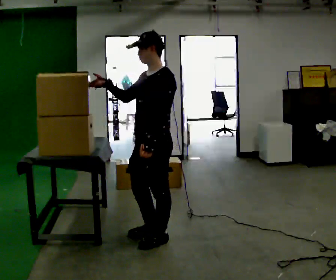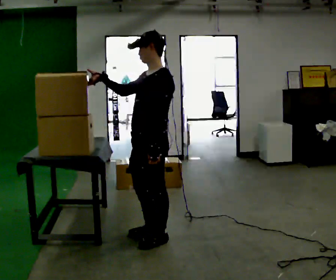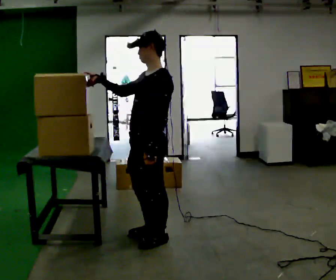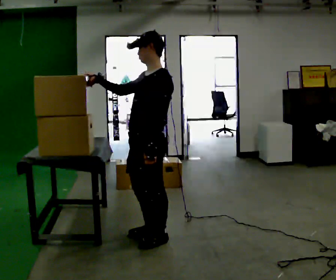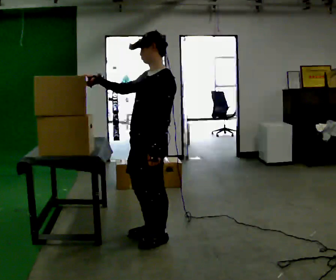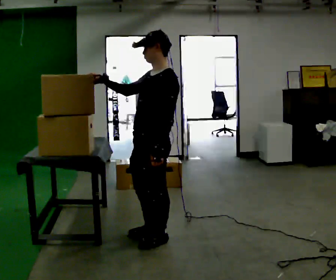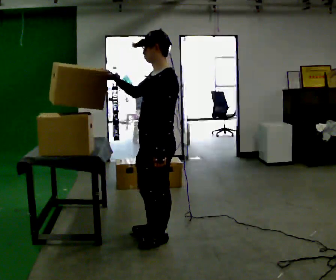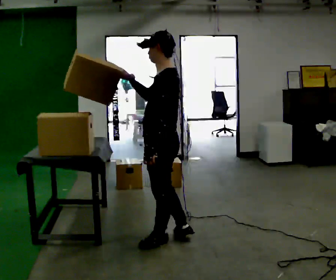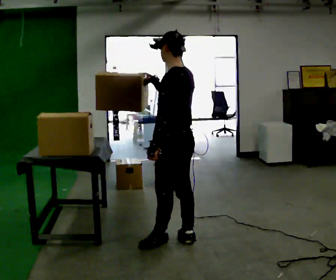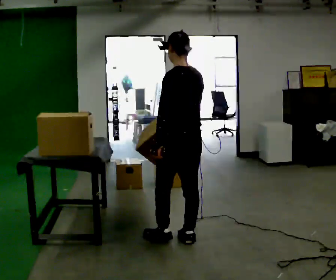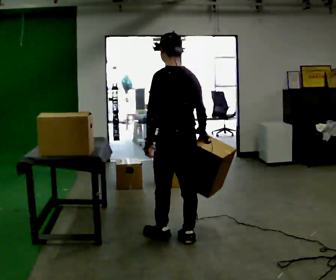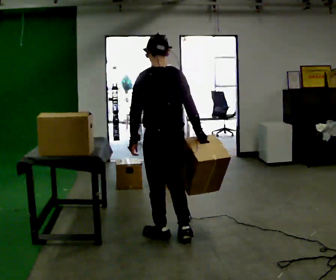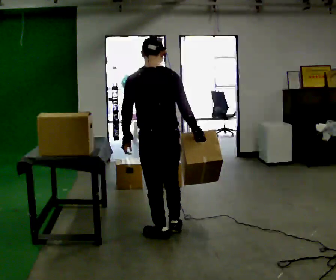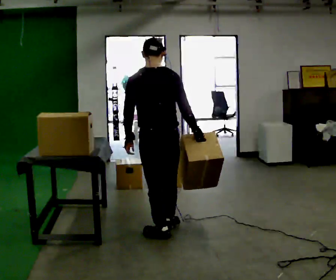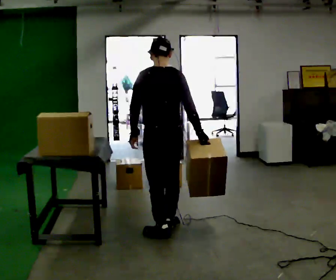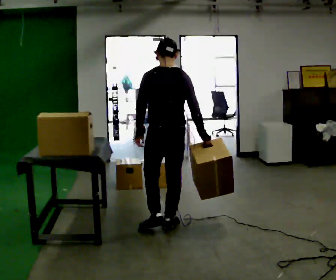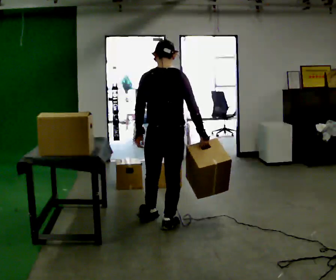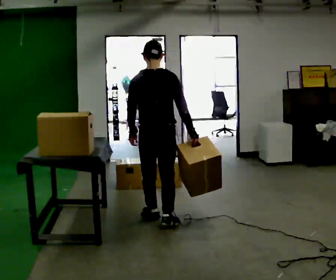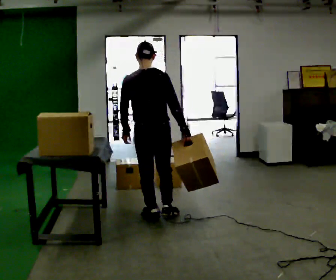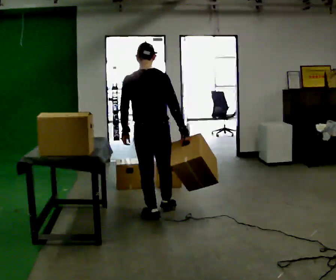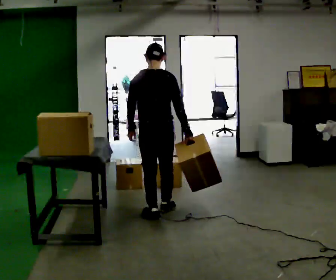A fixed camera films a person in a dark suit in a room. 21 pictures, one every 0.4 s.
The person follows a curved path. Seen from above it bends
counterclockwise.
The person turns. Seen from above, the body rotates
clockwise.
0.0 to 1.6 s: The person moves a little, or ends about where they began.
1.6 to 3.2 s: Seen from above the body turns clockwise, about 45 degrees: to their right, with its near side sliding to the left. In the picture they go to the right, about 0.25 m in 1 step, which for them is backward. In the picture their right hand goes to the right.
3.2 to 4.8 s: Seen from above the body turns clockwise, about 45 degrees: to their right, with its near side sliding to the left. In the picture they go to the left, about 0.25 m, which for them is forward. In the picture their right hand goes downward and to the right.
4.8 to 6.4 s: In the picture they go away from the camera, about 0.25 m in 2 steps, which for them is forward and to their right.
6.4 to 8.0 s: In the picture they go away from the camera, about 0.5 m in 1 step, which for them is forward.
The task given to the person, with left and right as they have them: Take boxes off the top of the stack one at a time and carry them away, walking back for each one. Keep going until the operator says stop; one object at a time, and do not rush between trips.
The film runs forward here.
